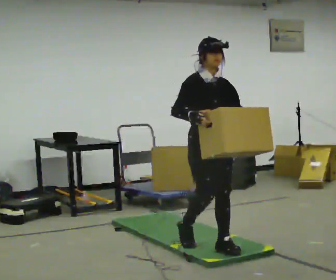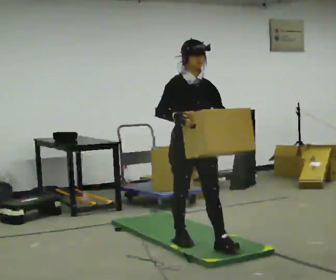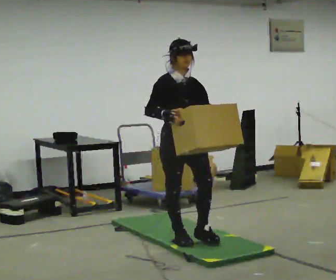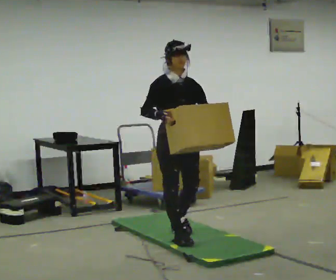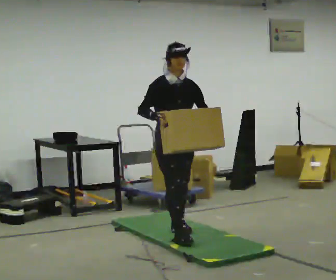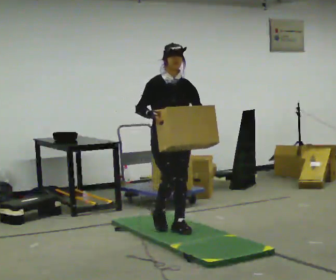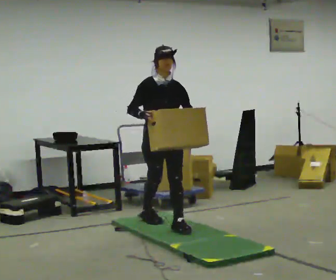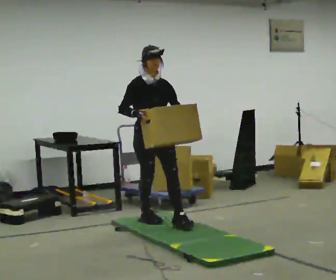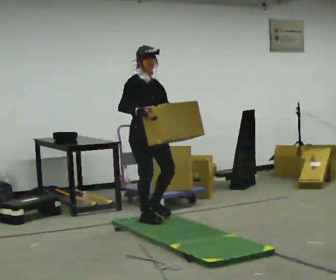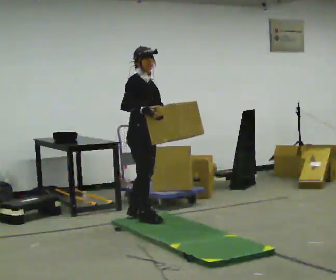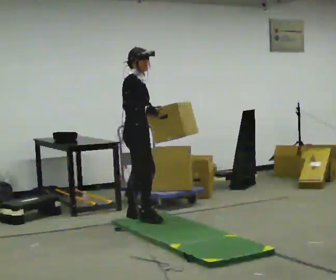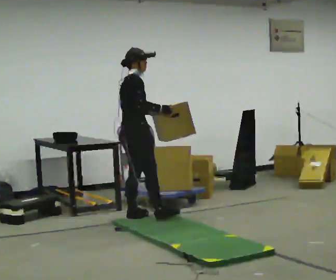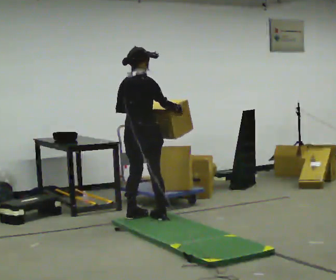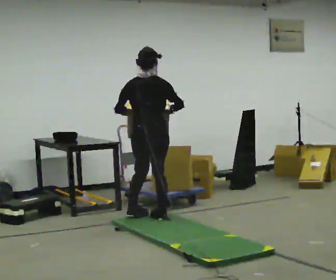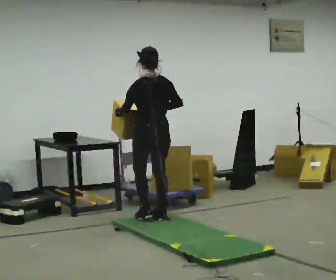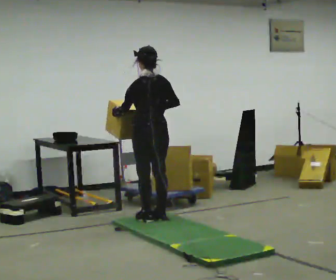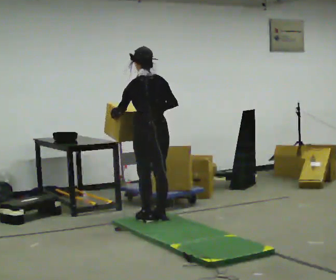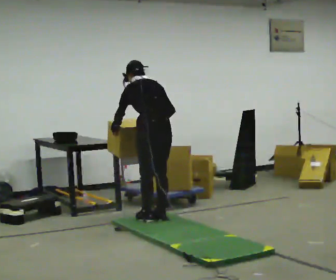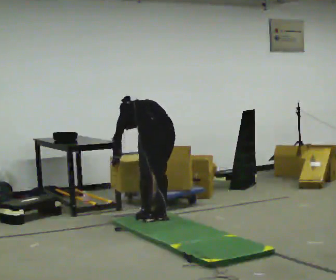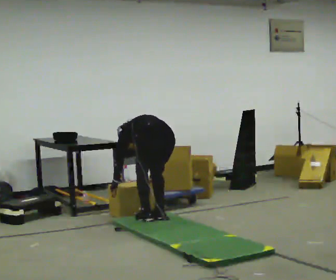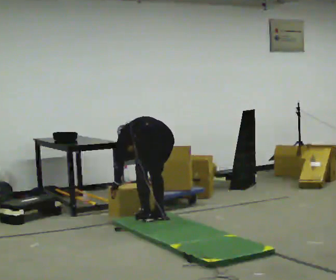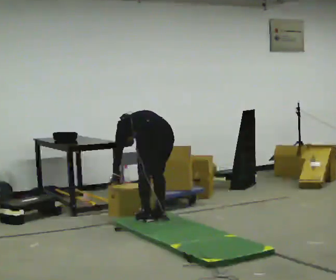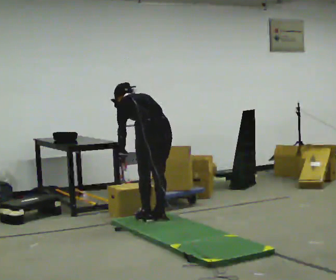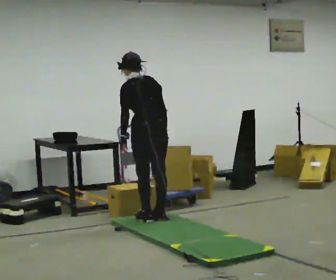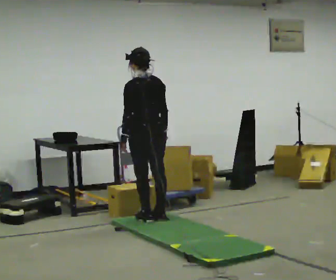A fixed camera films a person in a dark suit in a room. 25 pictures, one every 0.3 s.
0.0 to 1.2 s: In the picture they go away from the camera and to the left, about 0.5 m in 1 step, which for them is backward.
1.2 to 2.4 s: In the picture they go away from the camera and to the left, about 0.5 m in 2 steps, which for them is backward.
2.4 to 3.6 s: The person turns about 90 degrees to their left, counterclockwise seen from above, so the part of the body nearest the lens slides to the right. In the picture they go away from the camera, about 0.25 m in 1 step. In the picture their right hand goes to the right.
3.6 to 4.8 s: The part of the body nearest the lens slides to the right as the person turns to their left by about 75 degrees.
4.8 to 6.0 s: The upper body goes downward. The upper body tips away from the camera, its near side rolling upward, as they bend forward. In the picture their right hand goes downward.
6.0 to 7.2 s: The upper body goes upward. The upper body tips toward the camera, its near side rolling downward, as they lean back or straighten. In the picture their left hand goes upward.
The film runs backward here.
